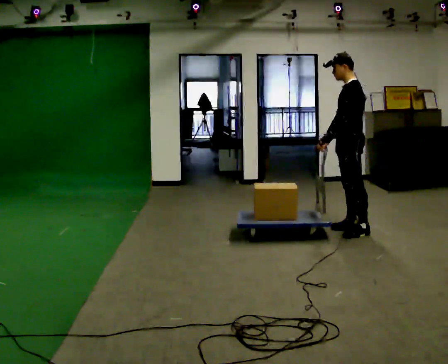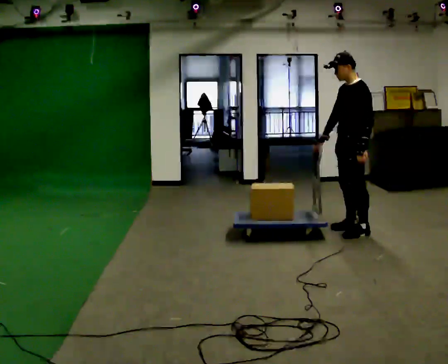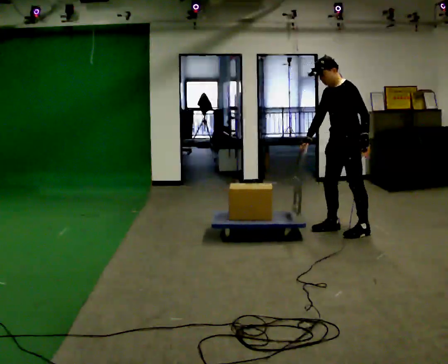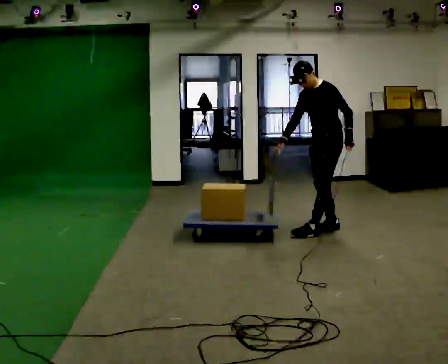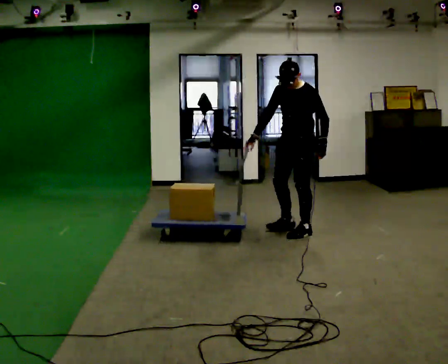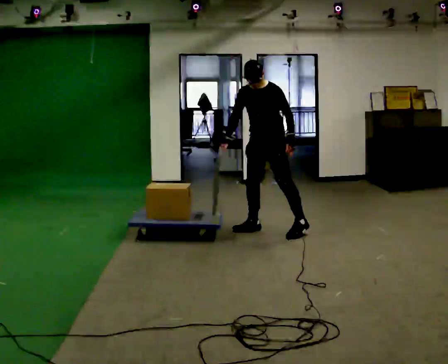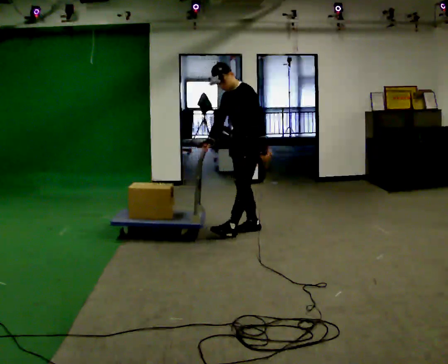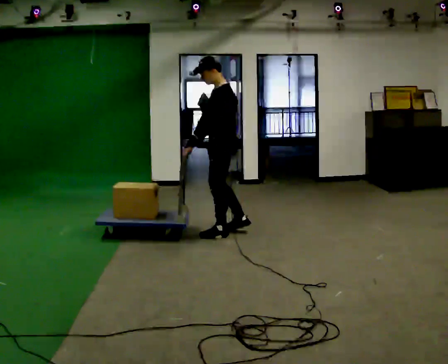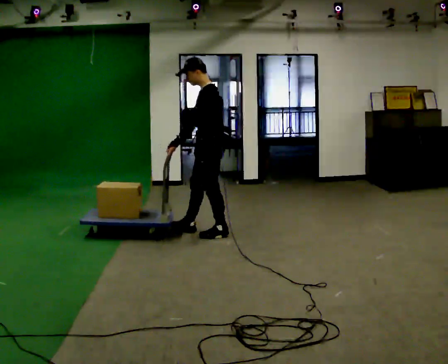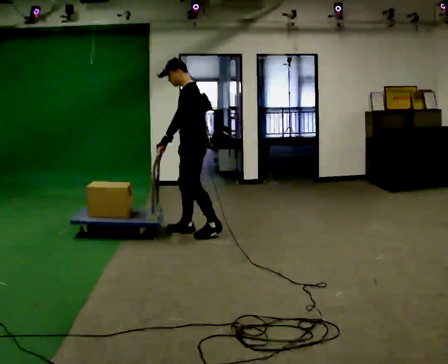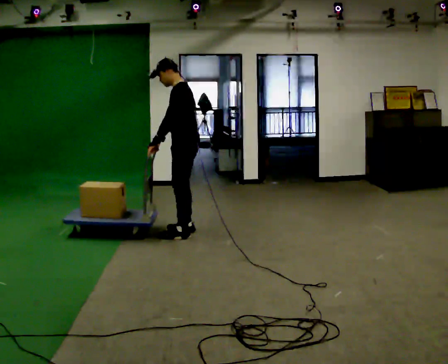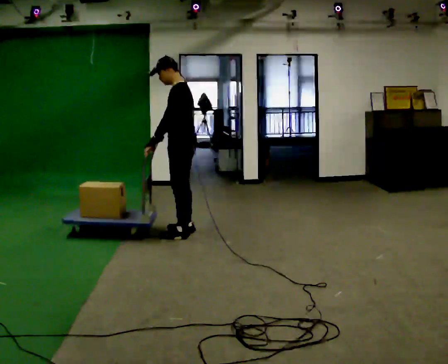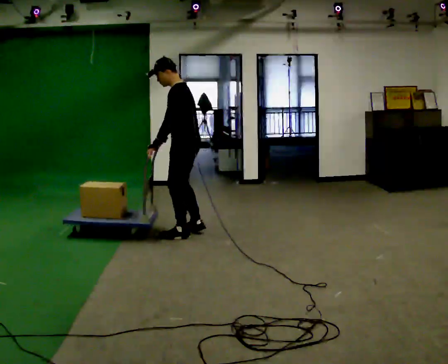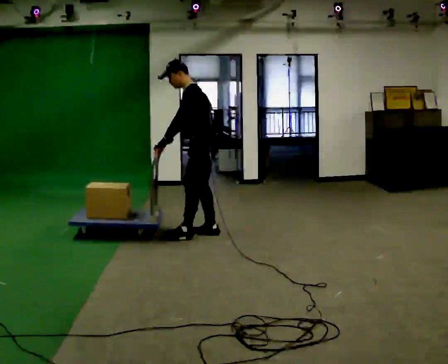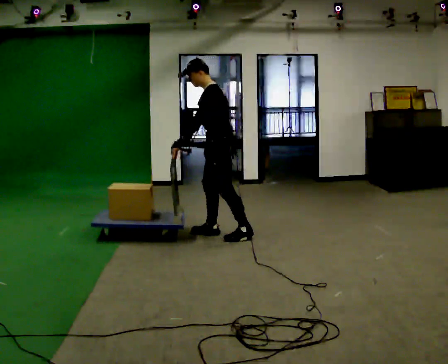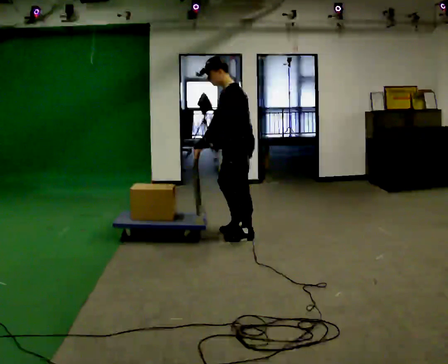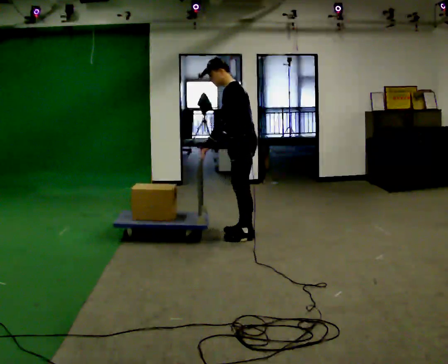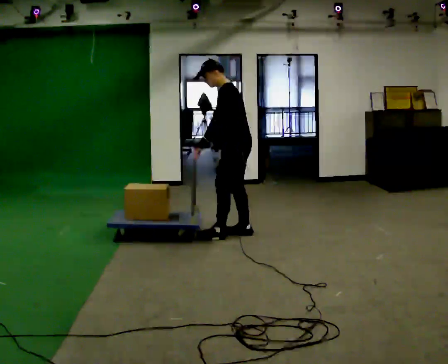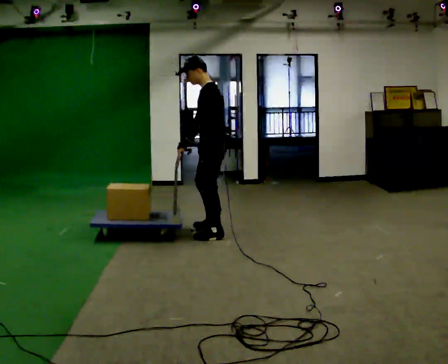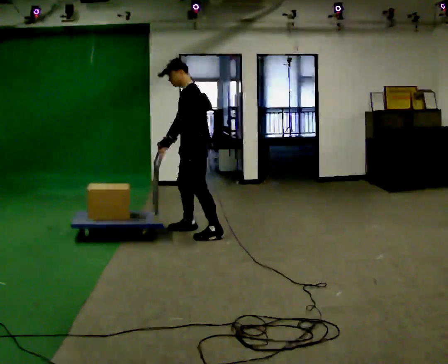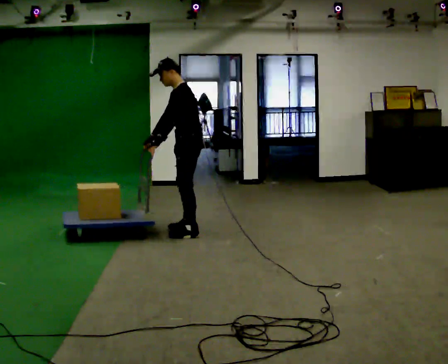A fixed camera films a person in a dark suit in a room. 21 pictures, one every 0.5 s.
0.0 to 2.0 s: Seen from above the body turns counterclockwise, about 45 degrees: to their left, with its near side sliding to the right. In the picture they go to the left, about 0.5 m in 3 steps, which for them is forward and to their right.
2.0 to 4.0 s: The person turns about 30 degrees to their right, clockwise seen from above, so the part of the body nearest the lens slides to the left. In the picture they go to the left, about 1 m in 2 steps, which for them is forward.
4.0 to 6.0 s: In the picture they go to the left, about 0.25 m in 2 steps, which for them is forward.
6.0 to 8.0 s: In the picture they go to the right, about 0.5 m in 2 steps, which for them is backward.
8.0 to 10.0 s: In the picture they go to the left, about 0.5 m in 3 steps, which for them is forward.
The film runs backward here.
